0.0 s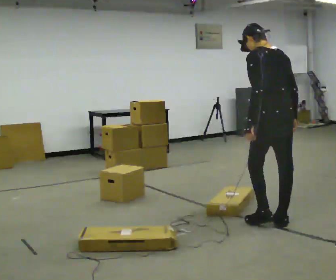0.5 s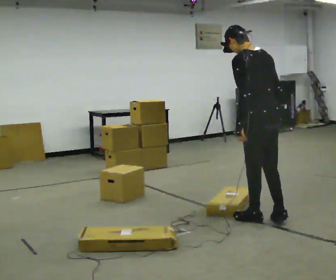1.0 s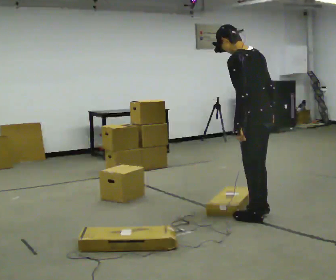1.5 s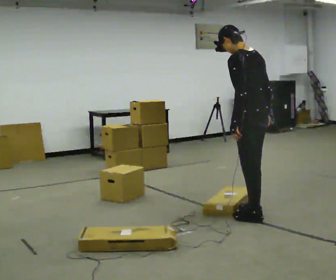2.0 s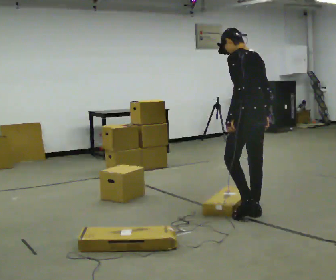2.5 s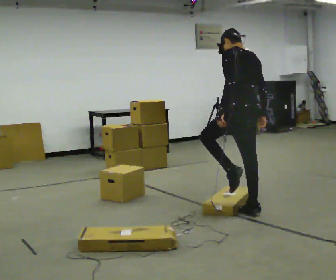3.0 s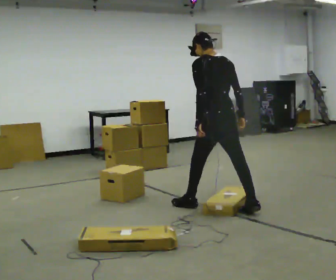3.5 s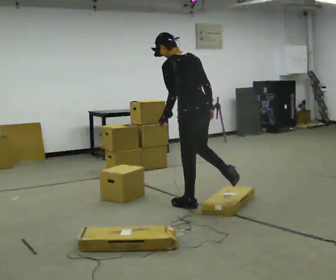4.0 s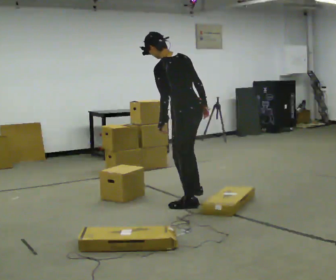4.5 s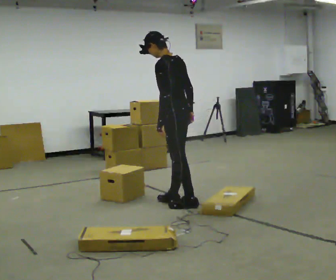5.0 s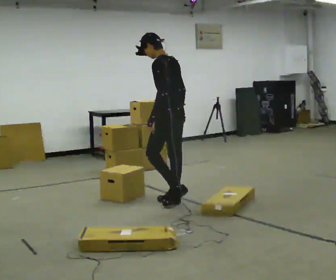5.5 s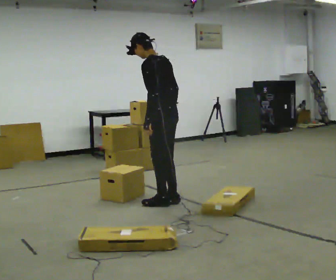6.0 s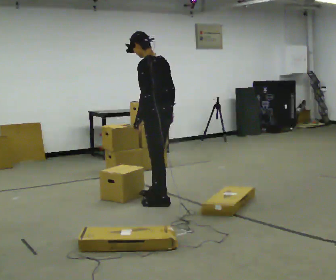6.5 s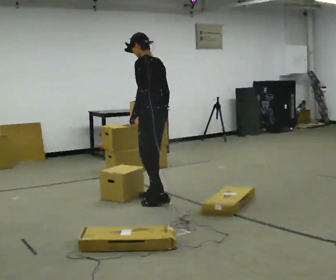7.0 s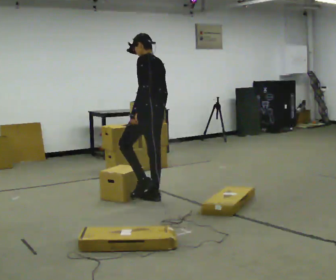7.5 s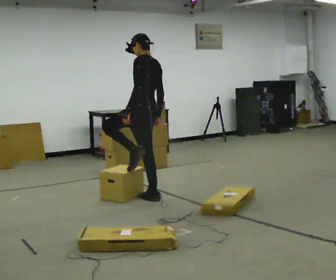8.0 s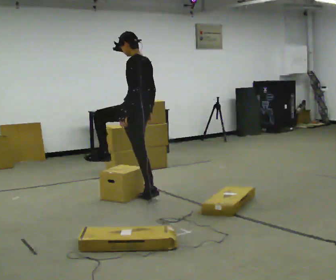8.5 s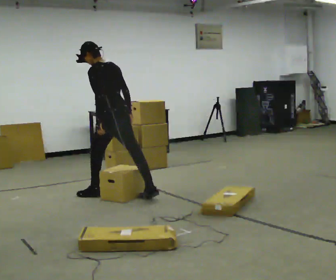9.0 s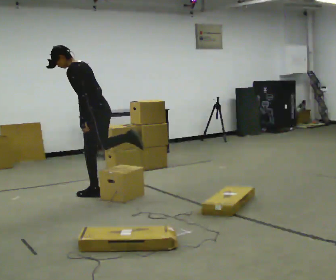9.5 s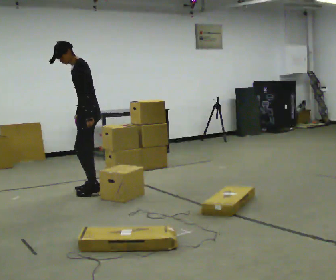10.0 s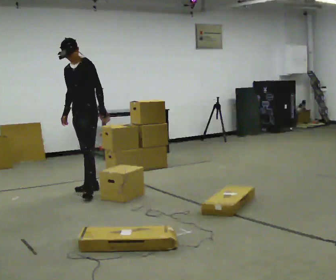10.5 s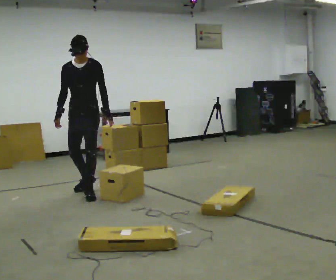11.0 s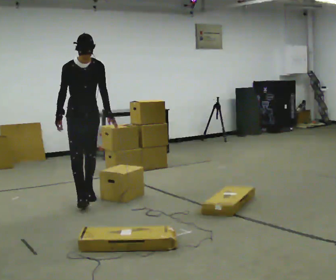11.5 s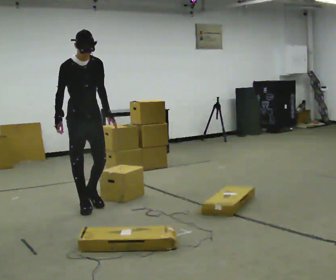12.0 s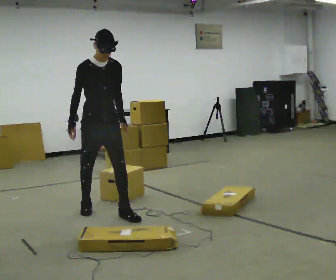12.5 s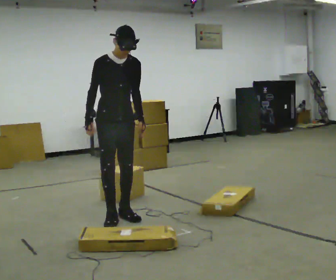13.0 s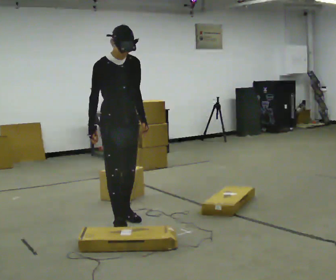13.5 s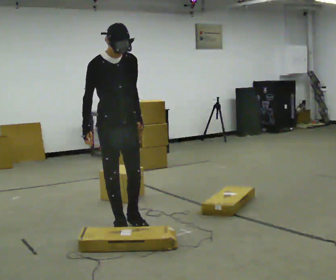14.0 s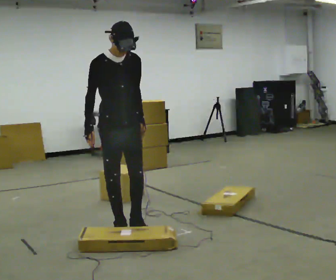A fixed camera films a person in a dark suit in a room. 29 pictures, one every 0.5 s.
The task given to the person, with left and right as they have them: Walk back and forth across the room at a normal pace, looking ahead. There may be something on the floor. Recover however comes naturally and carry on.
0.0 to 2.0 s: In the picture they go away from the camera, about 0.5 m in 2 steps, which for them is forward and to their right.
2.0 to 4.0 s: In the picture they go to the left and away from the camera, about 0.75 m in 1 step, which for them is forward and to their left.
4.0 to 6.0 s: In the picture they go to the left, about 0.25 m in 3 steps, which for them is forward.
6.0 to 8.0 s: In the picture they go away from the camera and to the left, about 0.25 m in 1 step, which for them is forward.
8.0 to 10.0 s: Seen from above the body turns counterclockwise, about 90 degrees: to their left, with its near side sliding to the right. In the picture they go to the left and away from the camera, about 0.75 m in 2 steps.
10.0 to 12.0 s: The person turns about 60 degrees to their left, counterclockwise seen from above, so the part of the body nearest the lens slides to the right. In the picture they go toward the camera, about 1 m in 2 steps. In the picture the upper body tilts clockwise, shoulders to the right.
12.0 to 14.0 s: In the picture they go toward the camera and to the right, about 0.5 m in 2 steps, which for them is forward.
The film runs forward here.
